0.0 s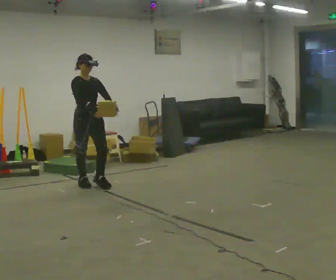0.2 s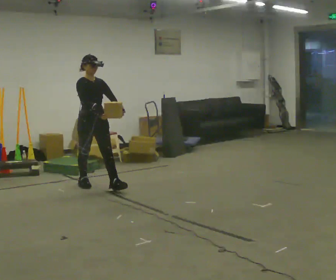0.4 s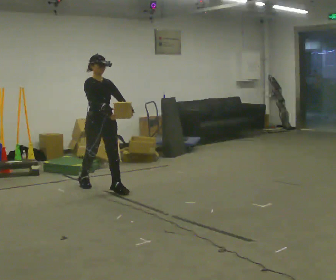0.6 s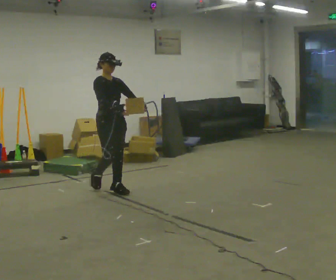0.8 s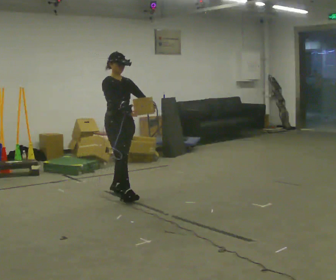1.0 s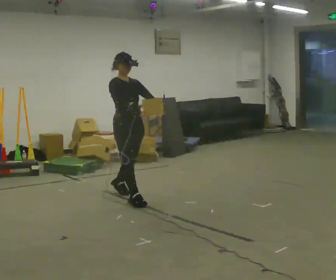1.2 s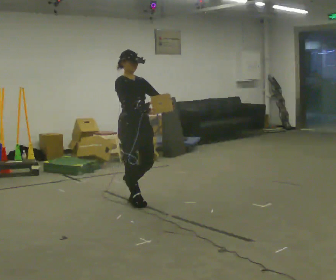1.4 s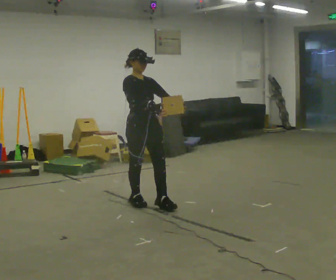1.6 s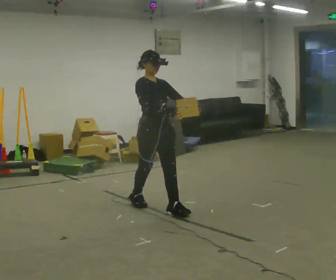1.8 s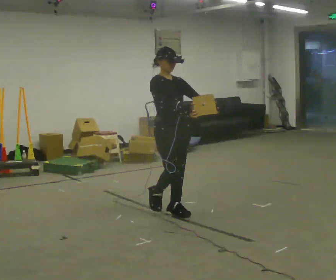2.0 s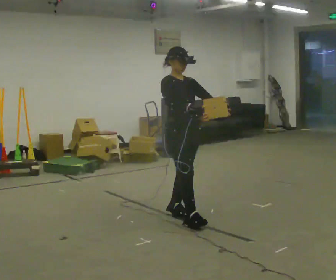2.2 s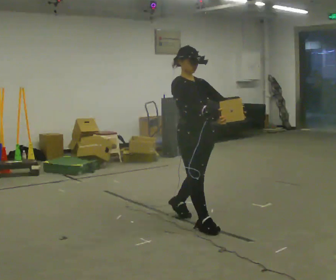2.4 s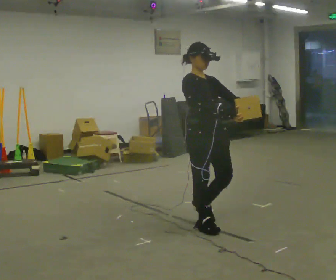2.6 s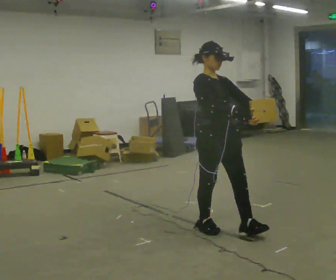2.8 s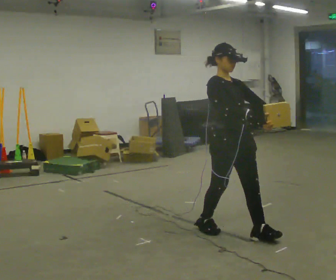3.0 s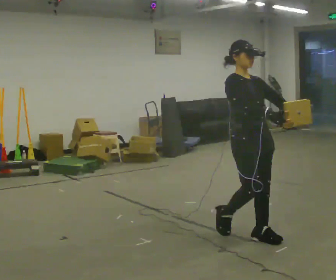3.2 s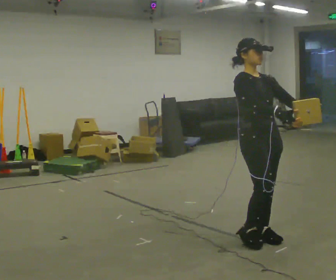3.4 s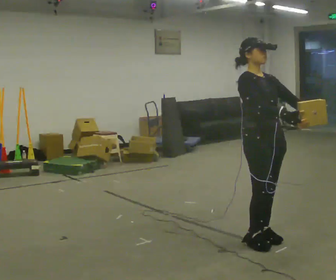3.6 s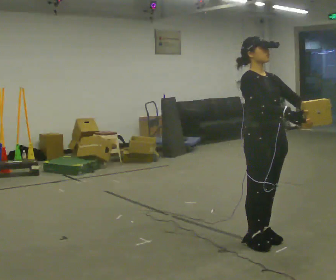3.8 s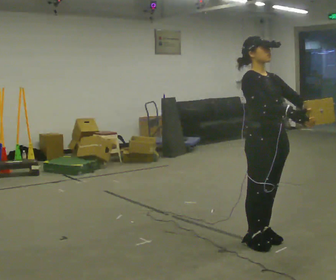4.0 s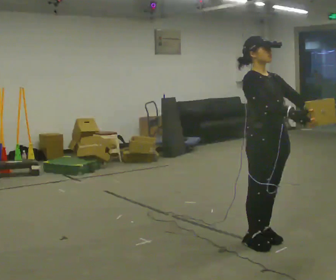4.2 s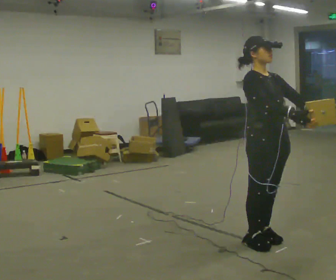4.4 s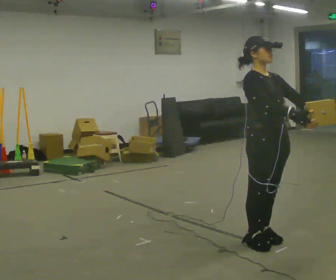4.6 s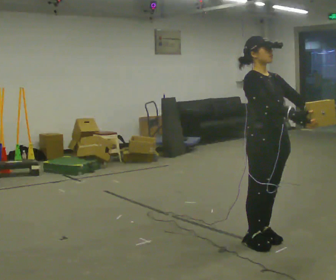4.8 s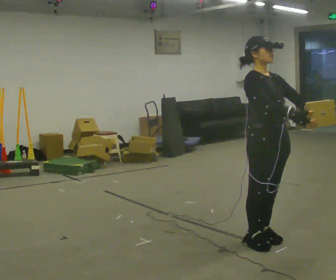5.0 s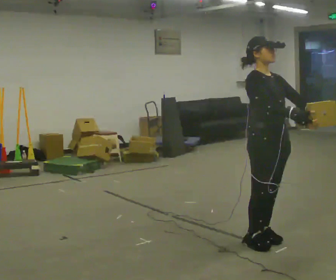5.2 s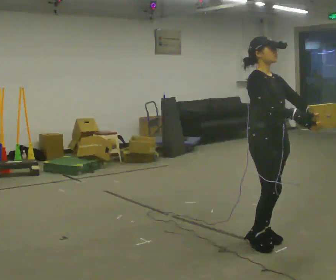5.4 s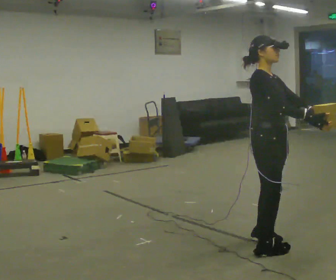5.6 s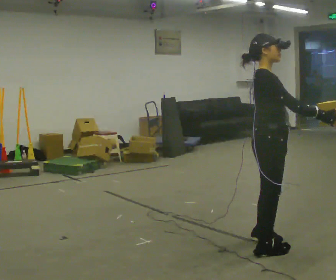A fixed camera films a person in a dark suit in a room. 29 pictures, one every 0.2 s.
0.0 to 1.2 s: In the picture they go to the right and toward the camera, about 1 m in 2 steps, which for them is forward.
1.2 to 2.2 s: In the picture they go to the right and toward the camera, about 1 m in 2 steps, which for them is forward.
2.2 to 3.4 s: In the picture they go to the right and toward the camera, about 0.5 m in 2 steps, which for them is forward.
3.4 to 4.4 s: The person moves a little, or ends about where they began.
4.4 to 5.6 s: The person turns about 45 degrees to their left, counterclockwise seen from above, so the part of the body nearest the lens slides to the right.
The film runs forward here.
